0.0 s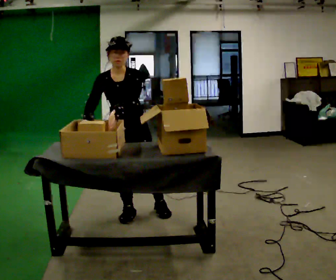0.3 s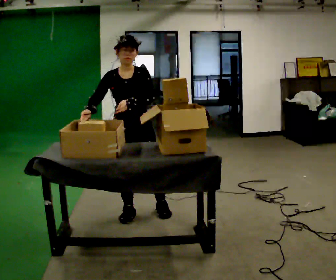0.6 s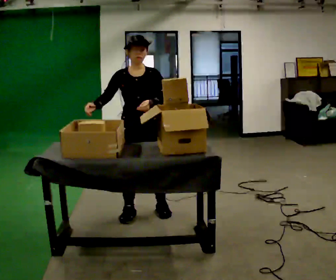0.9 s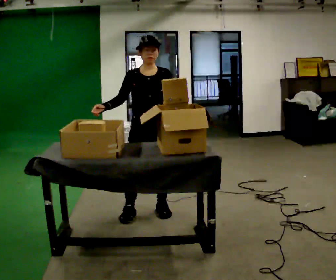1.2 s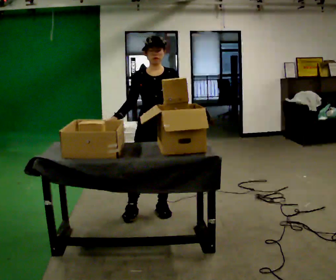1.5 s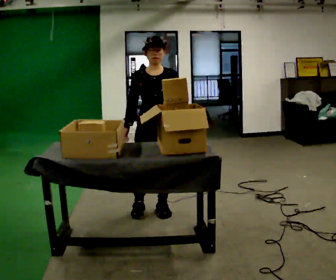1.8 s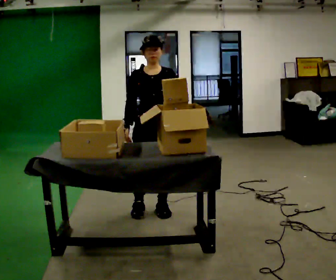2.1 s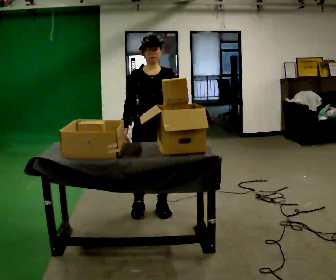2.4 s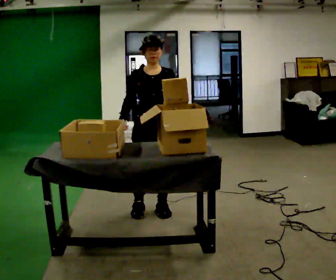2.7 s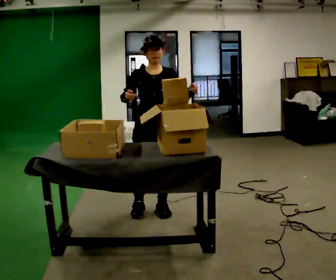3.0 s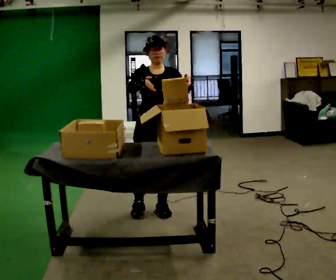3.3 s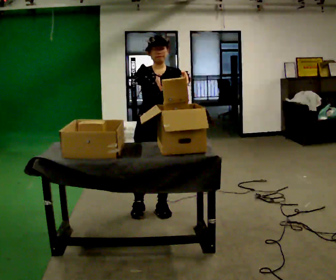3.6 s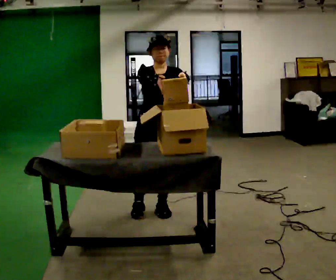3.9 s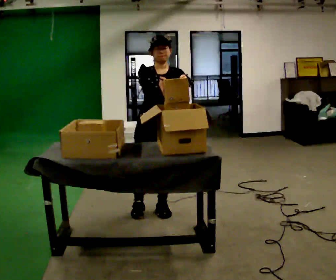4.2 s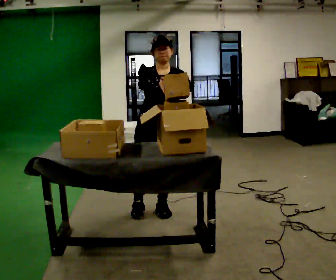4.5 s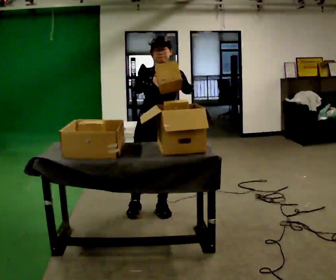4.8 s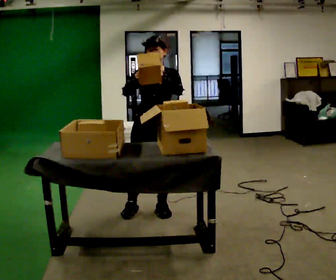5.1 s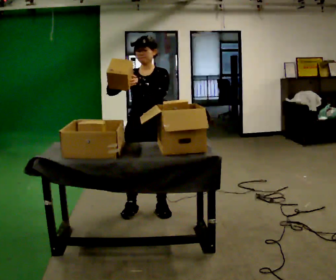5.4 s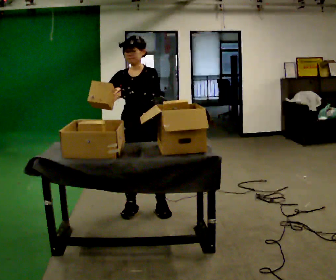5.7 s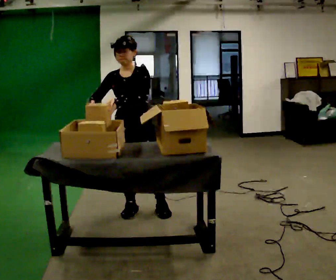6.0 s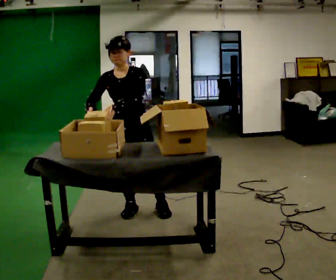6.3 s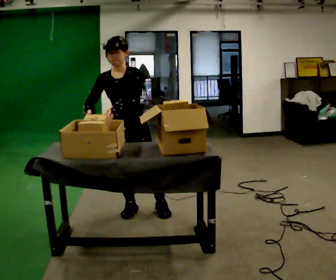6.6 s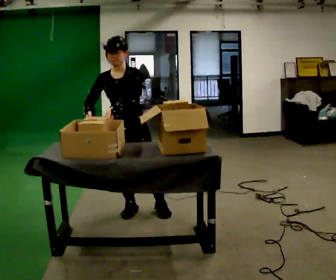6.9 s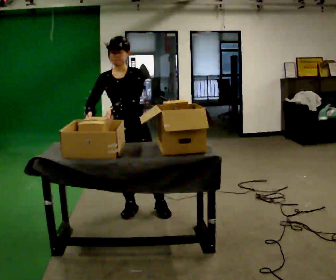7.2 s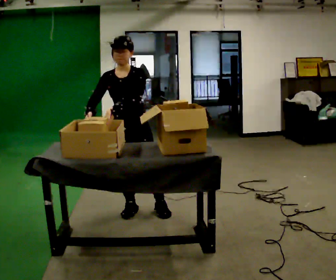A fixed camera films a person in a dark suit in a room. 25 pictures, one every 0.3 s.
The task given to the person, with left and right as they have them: 1. Move everything from the second bin into the first bin. 2. Carry the empty bin to the shelf. 3. Carry the full bin to the table. 4. Tell the operator when you are finished.
0.0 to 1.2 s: In the picture they go to the right, about 0.25 m, which for them is to their left. The upper body tips away from the camera, its near side rolling upward, as they lean back or straighten.
1.2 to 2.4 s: The person moves a little, or ends about where they began.
2.4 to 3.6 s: In the picture their right hand goes to the right.
3.6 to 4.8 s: The person moves a little, or ends about where they began.
4.8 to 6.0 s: In the picture they go to the left, about 0.25 m, which for them is to their right. In the picture their right hand goes to the left.
6.0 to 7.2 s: The person moves a little, or ends about where they began.
The film runs forward here.
